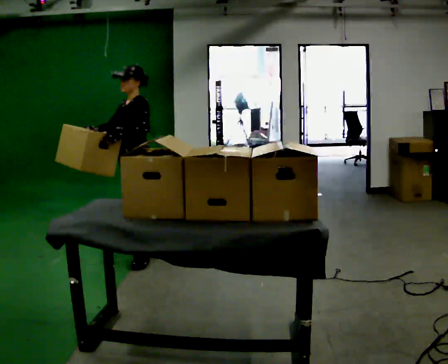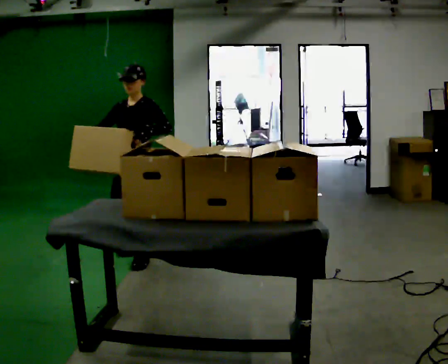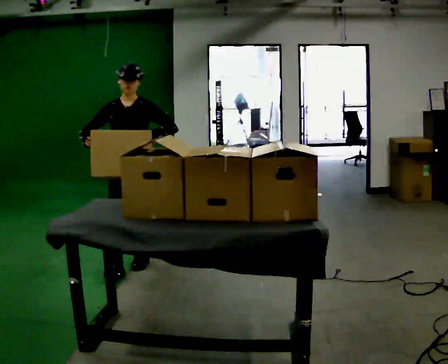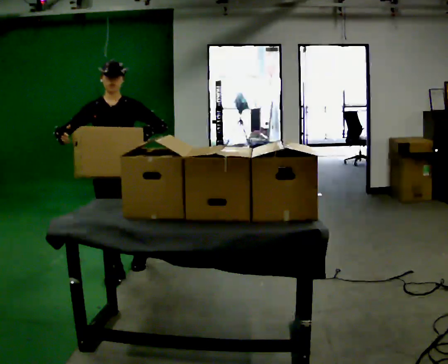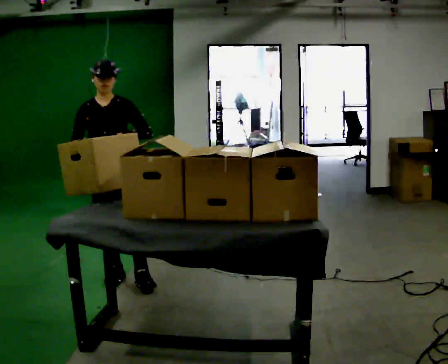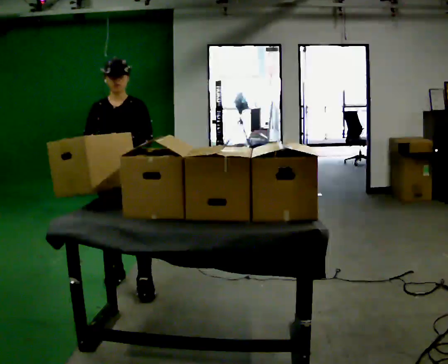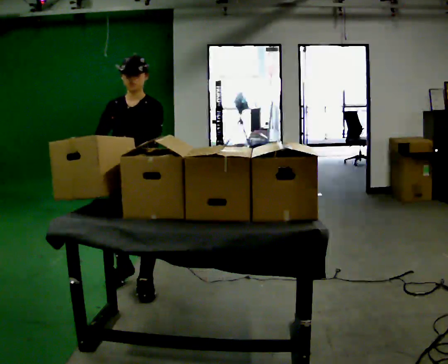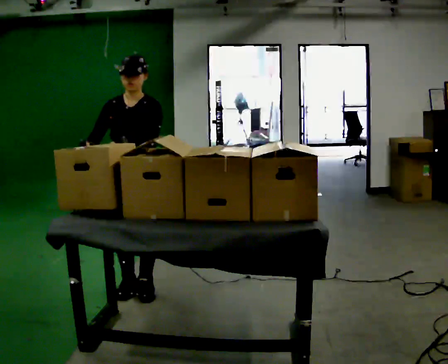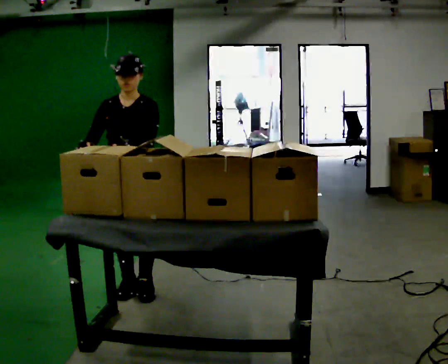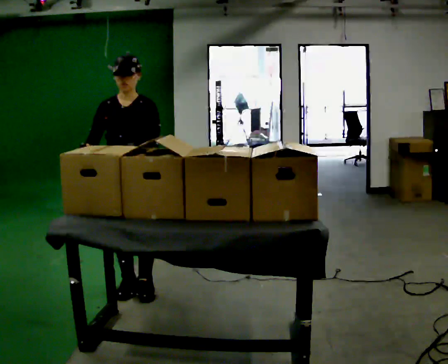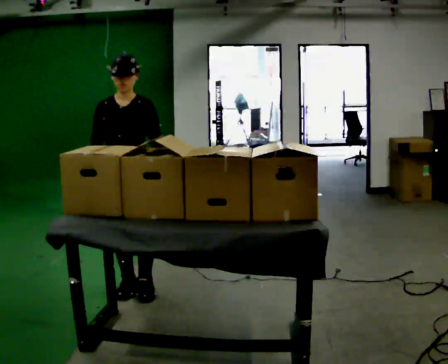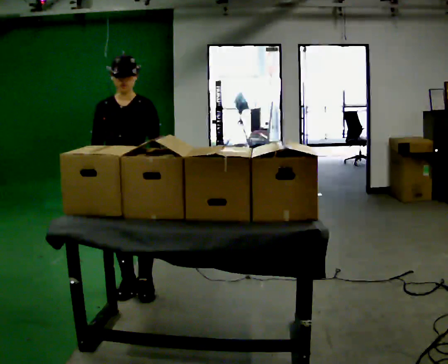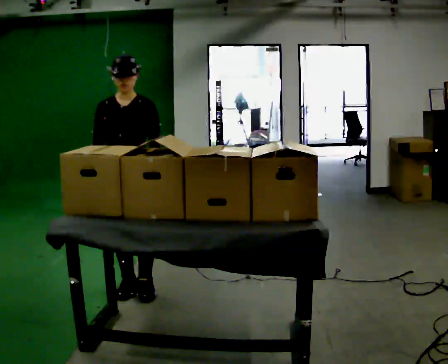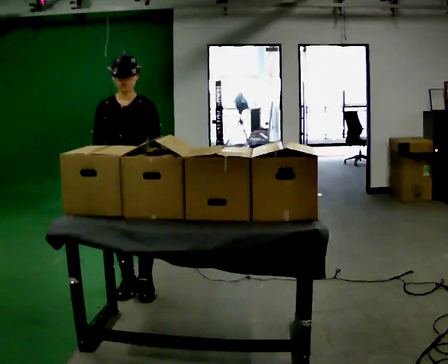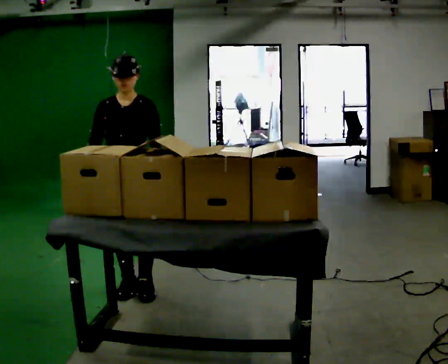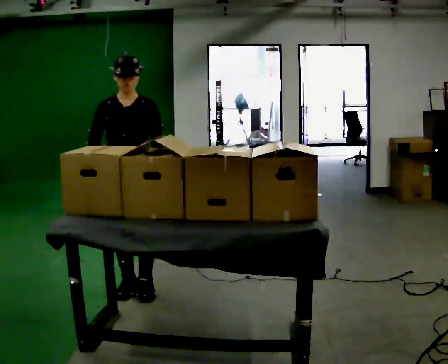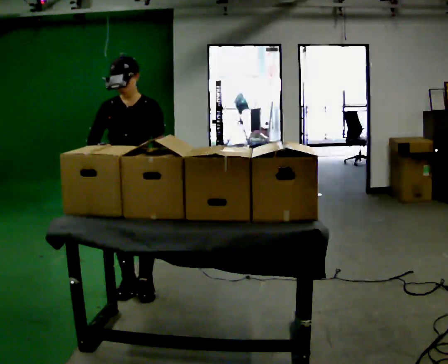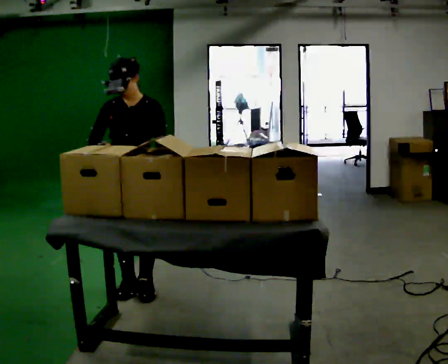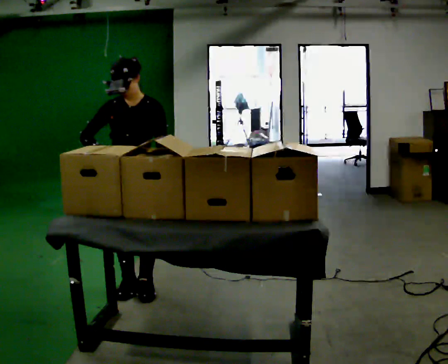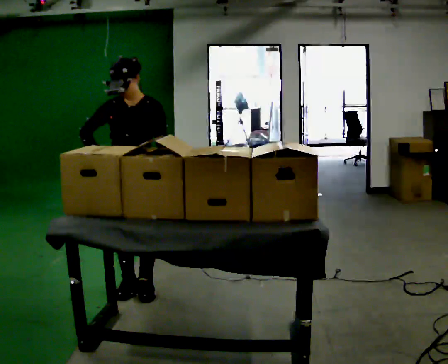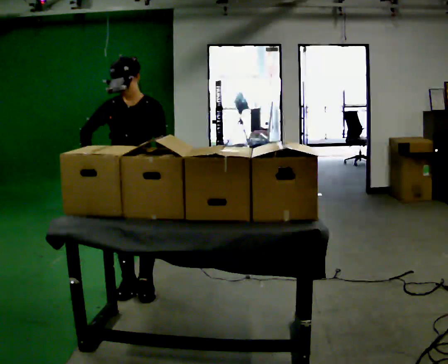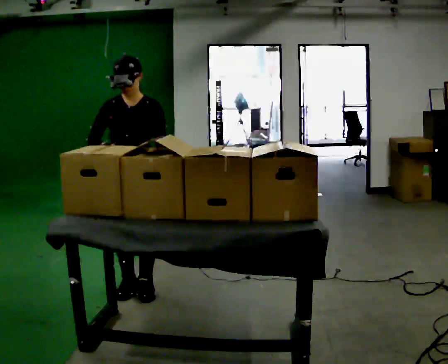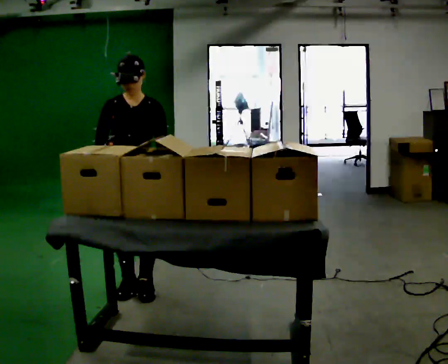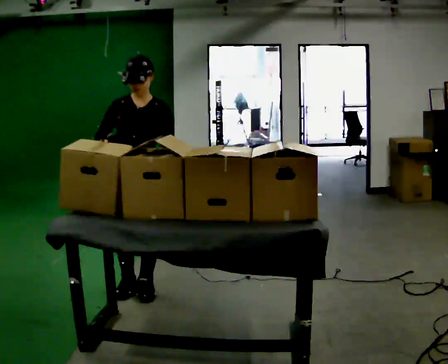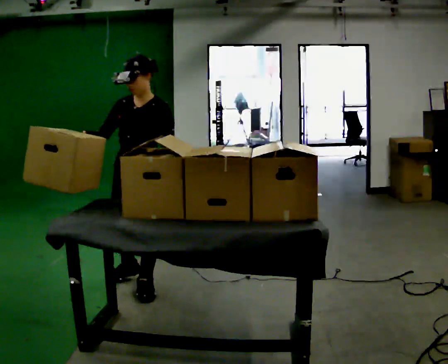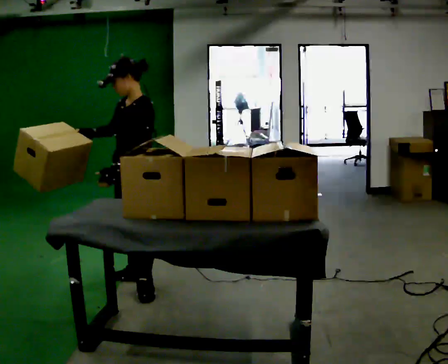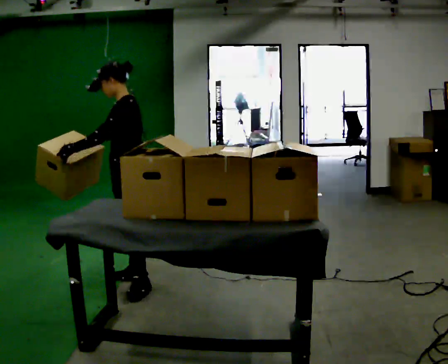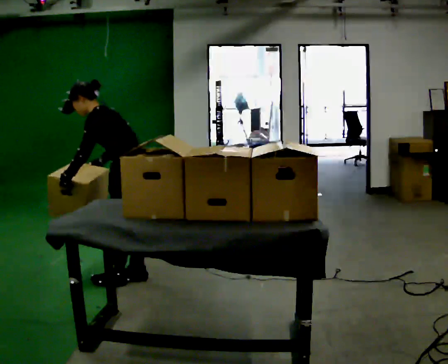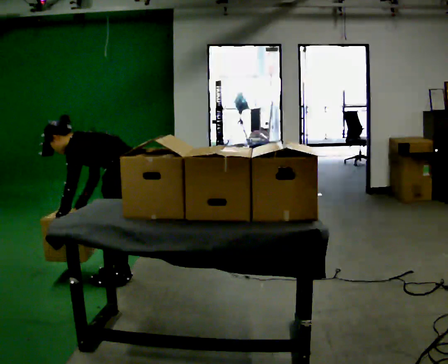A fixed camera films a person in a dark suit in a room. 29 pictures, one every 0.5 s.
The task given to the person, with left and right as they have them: Take an object off the waist-height shelf, carry it across the room, and set it down on the floor. Keep going until the operator says stop; one object at a time, and do not rush between trips.
0.0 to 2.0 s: Seen from above the body turns counterclockwise, about 60 degrees: to their left, with its near side sliding to the right. In the picture they go toward the camera, about 0.5 m in 1 step.
2.0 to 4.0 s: In the picture they go toward the camera, about 0.25 m in 2 steps, which for them is to their left and forward.
4.0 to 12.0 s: The person moves a little, or ends about where they began.
12.0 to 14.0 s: The part of the body nearest the lens slides to the left as the person turns to their right by about 75 degrees. The shoulders move downward. In the picture the upper body tilts counterclockwise, shoulders to the left, as they bend forward. In the picture their right hand goes downward, the arm swinging counterclockwise.
The film runs forward here.
